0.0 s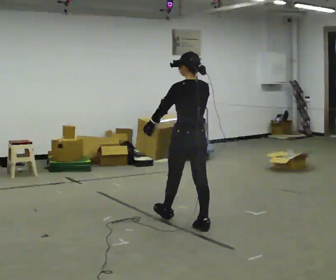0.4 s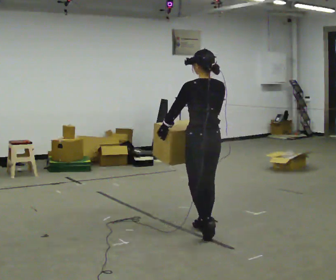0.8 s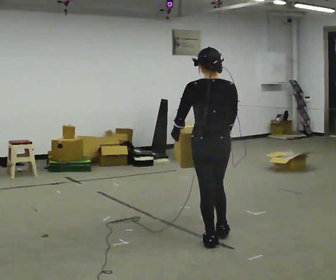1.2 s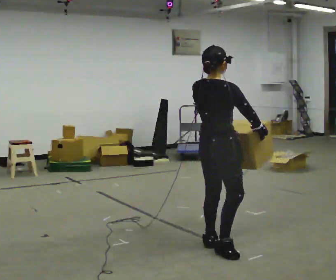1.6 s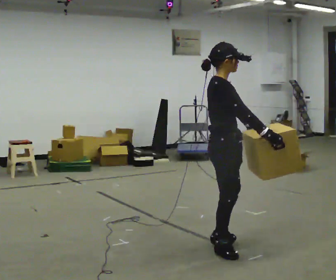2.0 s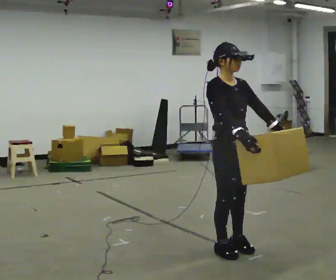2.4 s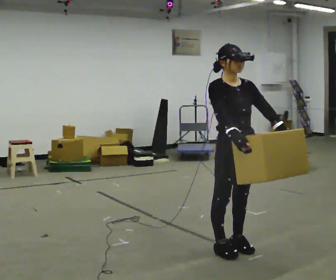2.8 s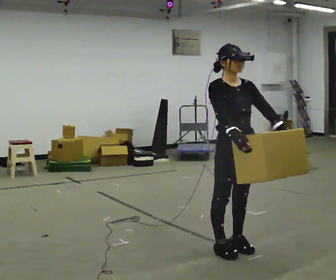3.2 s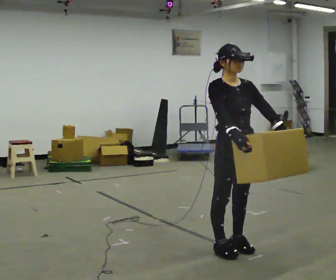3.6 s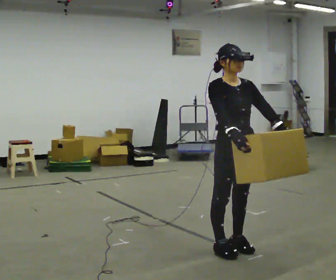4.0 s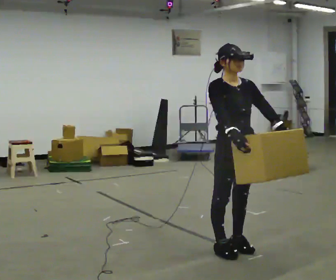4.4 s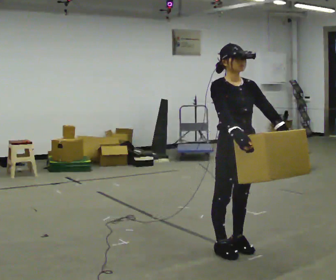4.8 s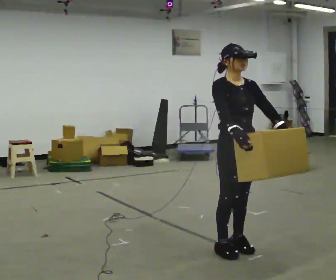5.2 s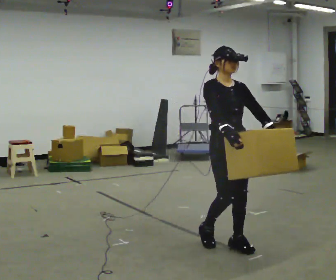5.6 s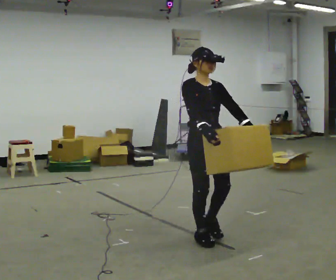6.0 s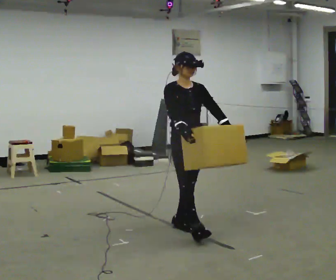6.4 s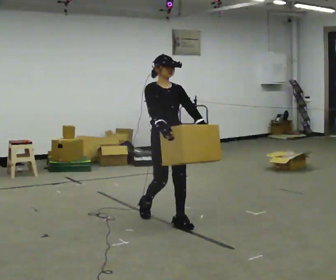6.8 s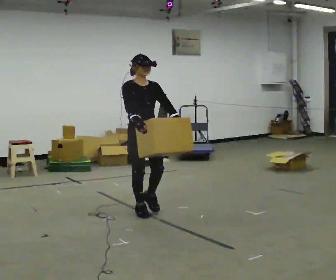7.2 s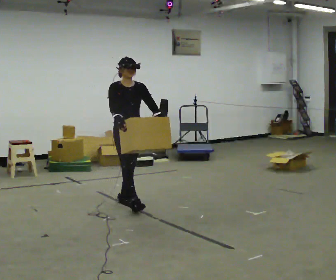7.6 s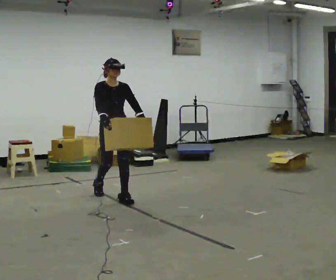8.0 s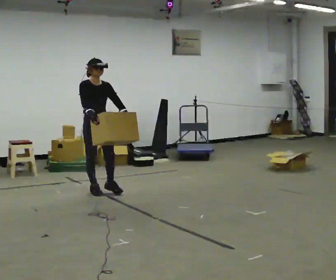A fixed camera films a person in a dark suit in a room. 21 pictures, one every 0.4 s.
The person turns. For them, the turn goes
to their right.
The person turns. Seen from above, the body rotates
clockwise.
0.0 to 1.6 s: The person turns about 120 degrees to their right, clockwise seen from above, so the part of the body nearest the lens slides to the left. In the picture they go toward the camera and to the right, about 1 m in 2 steps.
1.6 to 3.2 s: The part of the body nearest the lens slides to the left as the person turns to their right by about 60 degrees.
3.2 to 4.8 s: The person moves a little, or ends about where they began.
4.8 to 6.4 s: In the picture they go to the left and away from the camera, about 1 m in 3 steps, which for them is backward.
6.4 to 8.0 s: In the picture they go to the left and away from the camera, about 1.5 m in 3 steps, which for them is backward.
The film runs backward here.
